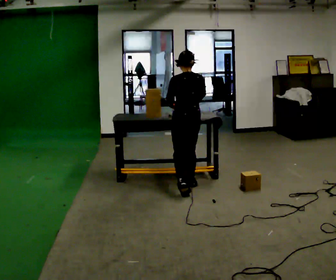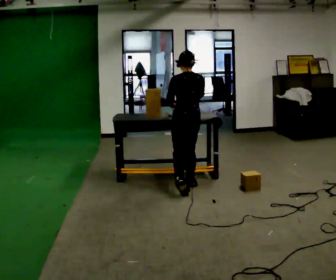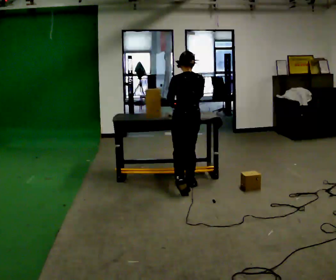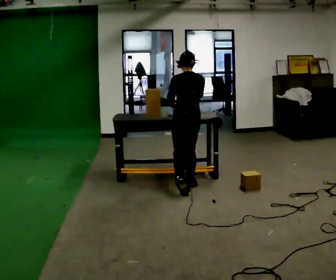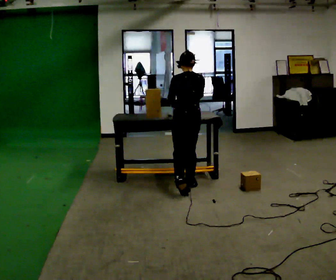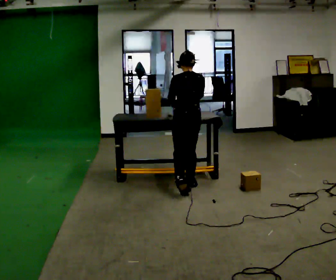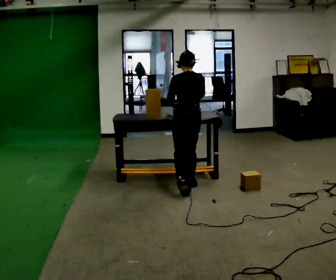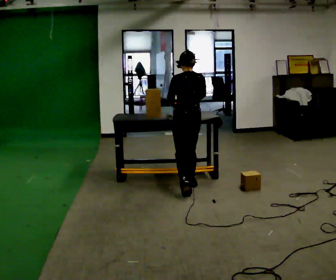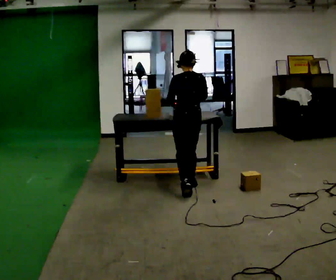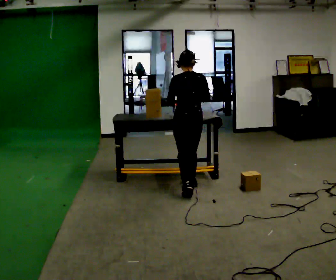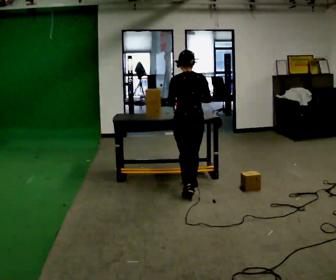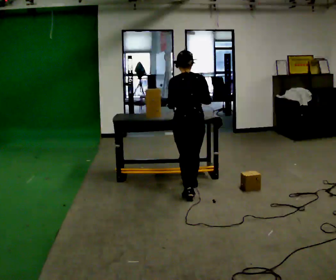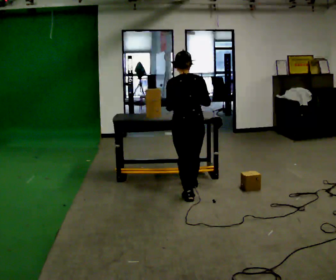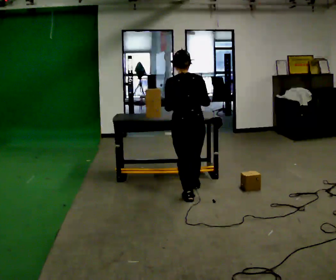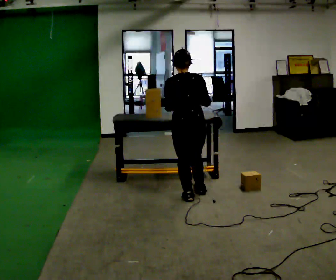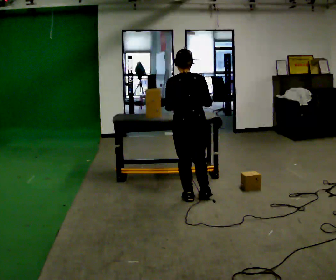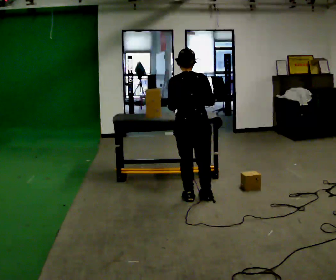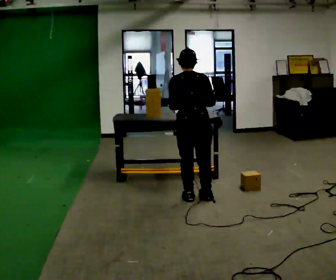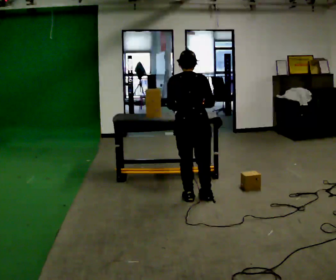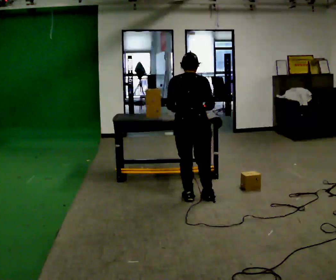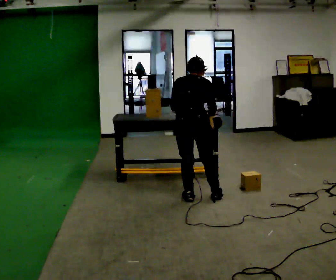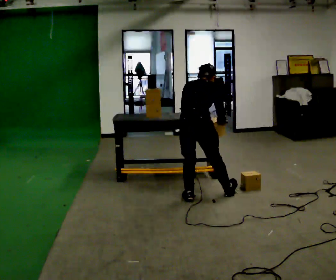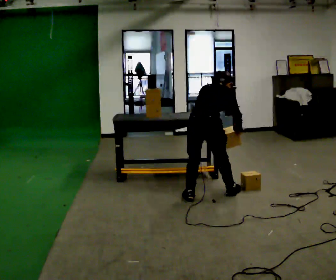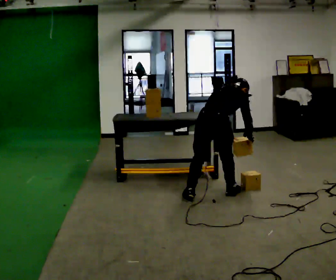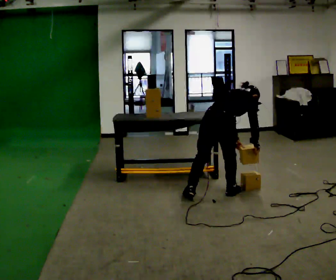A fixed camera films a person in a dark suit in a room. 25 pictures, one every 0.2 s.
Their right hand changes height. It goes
downward.
The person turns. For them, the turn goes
to their right.
0.0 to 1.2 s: The person moves a little, or ends about where they began.
1.2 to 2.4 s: In the picture they go toward the camera, about 0.25 m, which for them is backward and to their left.
2.4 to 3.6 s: In the picture they go toward the camera, about 0.25 m in 1 step, which for them is backward.
3.6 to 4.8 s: The person turns about 45 degrees to their right, clockwise seen from above, so the part of the body nearest the lens slides to the left. In the picture they go to the right, about 0.25 m in 1 step, which for them is to their right and forward. The shoulders move downward. In the picture the upper body tilts clockwise, shoulders to the right, as they bend forward. In the picture their right hand goes downward.
The film runs backward here.
